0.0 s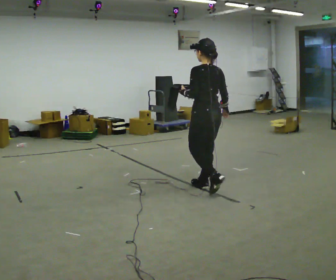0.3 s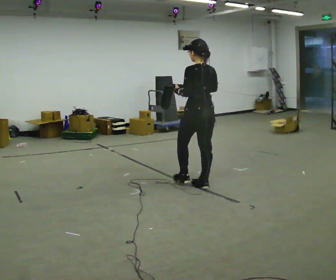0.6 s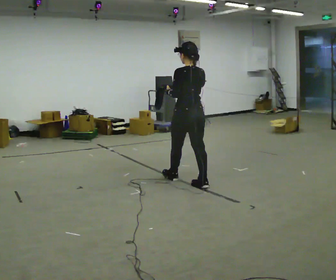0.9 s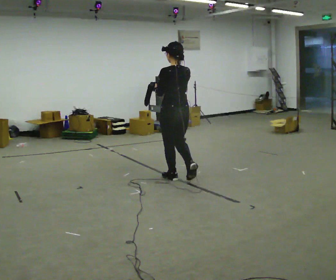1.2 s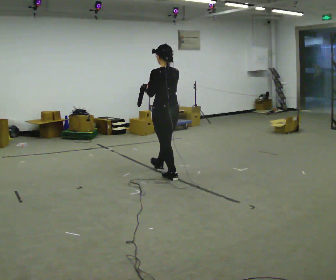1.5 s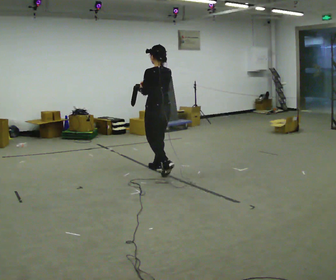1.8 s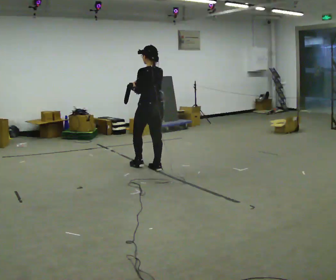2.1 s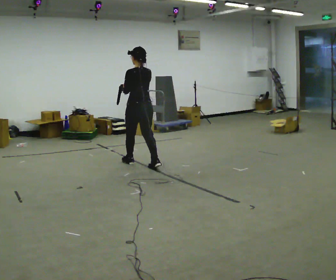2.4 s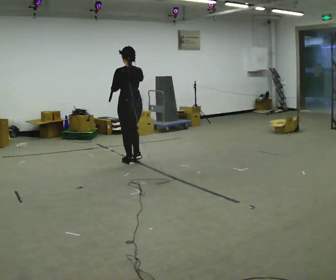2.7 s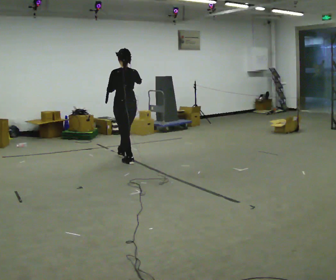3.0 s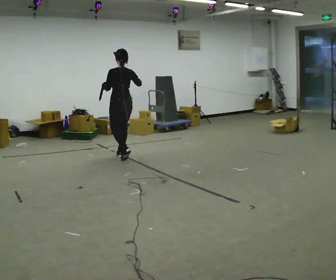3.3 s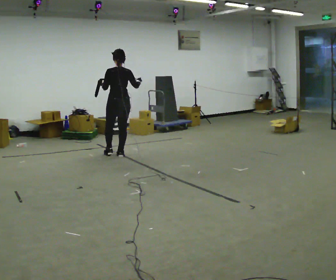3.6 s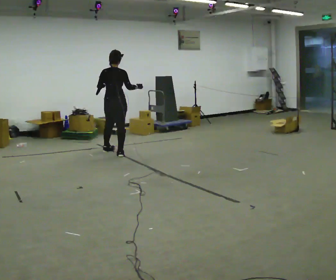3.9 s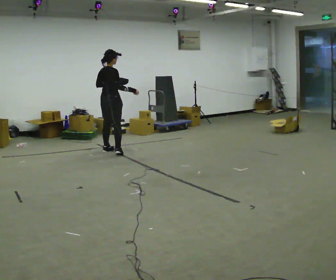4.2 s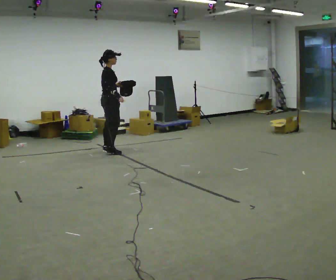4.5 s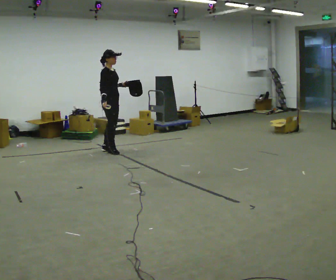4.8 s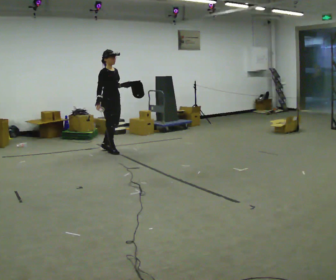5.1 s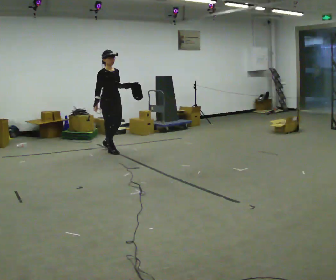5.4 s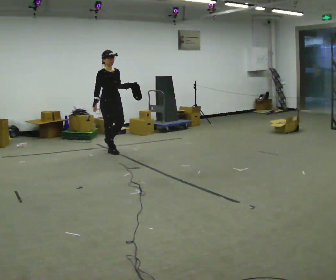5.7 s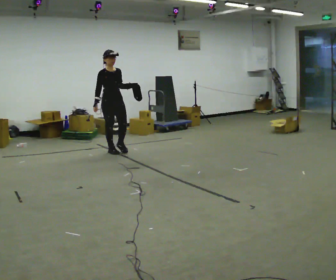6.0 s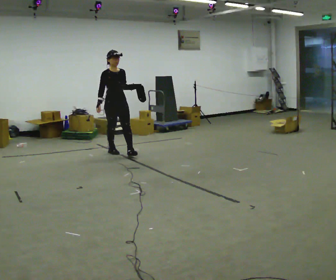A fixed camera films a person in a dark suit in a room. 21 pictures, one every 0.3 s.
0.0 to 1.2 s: In the picture they go away from the camera and to the left, about 0.5 m in 1 step, which for them is forward.
1.2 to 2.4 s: In the picture they go away from the camera and to the left, about 1 m in 2 steps, which for them is forward.
2.4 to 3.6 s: The part of the body nearest the lens slides to the left as the person turns to their right by about 30 degrees. In the picture they go away from the camera and to the left, about 0.75 m in 2 steps, which for them is forward.
3.6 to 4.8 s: The part of the body nearest the lens slides to the left as the person turns to their right by about 120 degrees. In the picture they go away from the camera, about 0.25 m in 1 step. In the picture their right hand goes to the left, the arm swinging clockwise.
4.8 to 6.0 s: Seen from above the body turns clockwise, about 30 degrees: to their right, with its near side sliding to the left. In the picture they go toward the camera, about 0.25 m in 1 step, which for them is forward.
The film runs forward here.
